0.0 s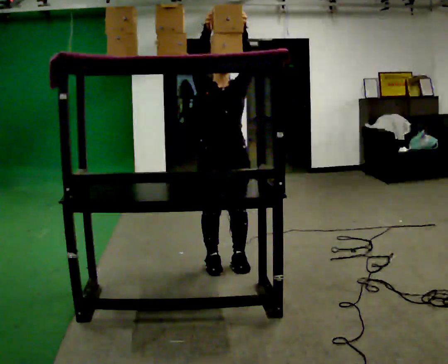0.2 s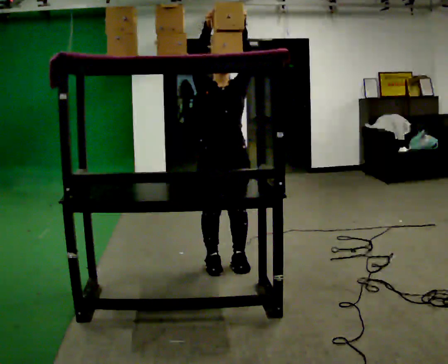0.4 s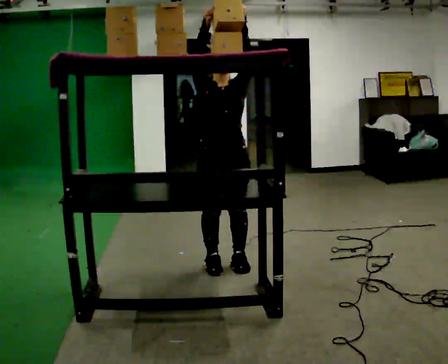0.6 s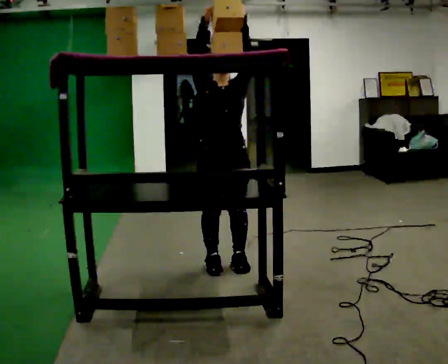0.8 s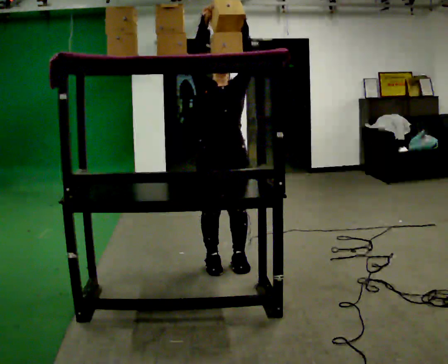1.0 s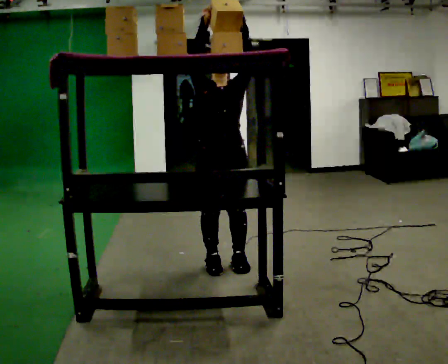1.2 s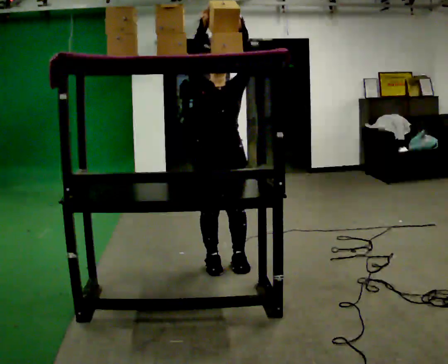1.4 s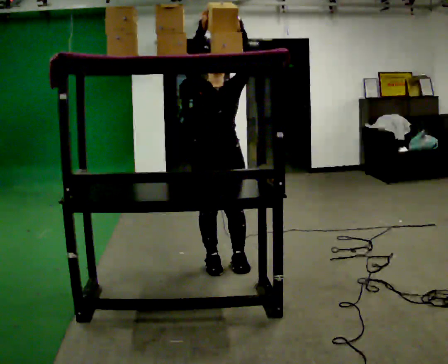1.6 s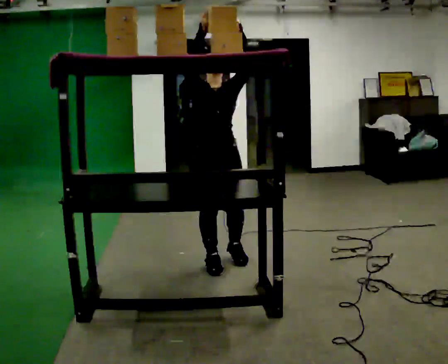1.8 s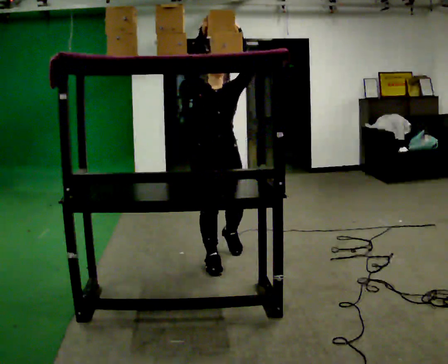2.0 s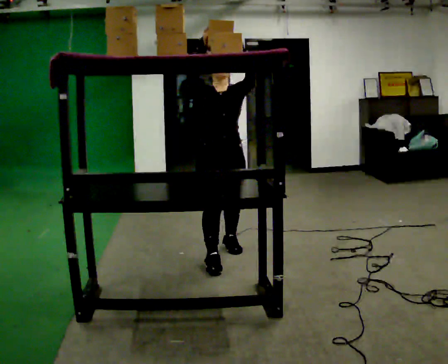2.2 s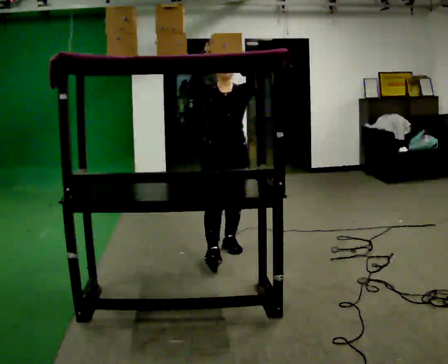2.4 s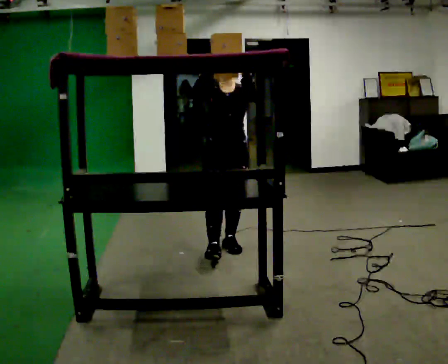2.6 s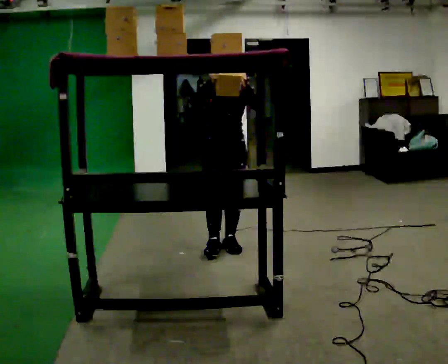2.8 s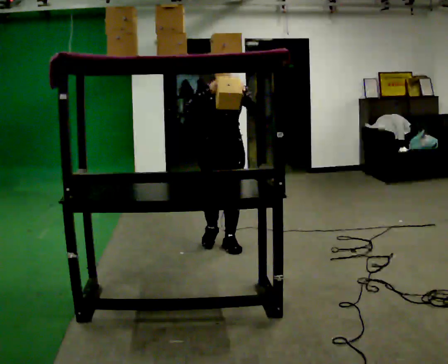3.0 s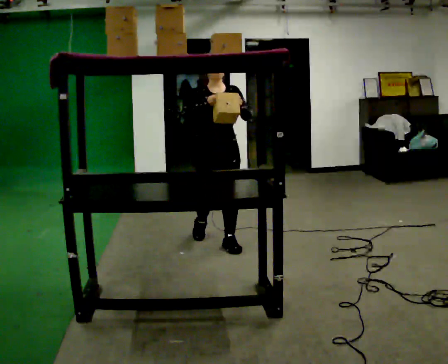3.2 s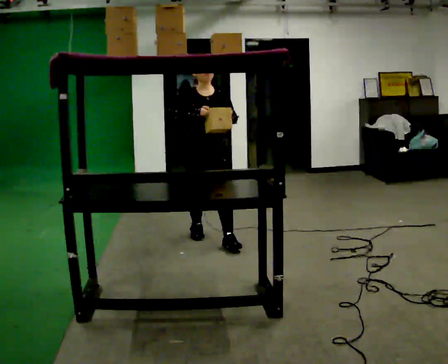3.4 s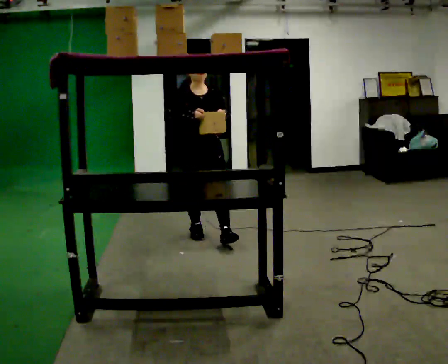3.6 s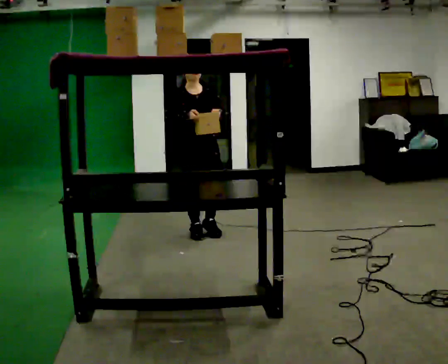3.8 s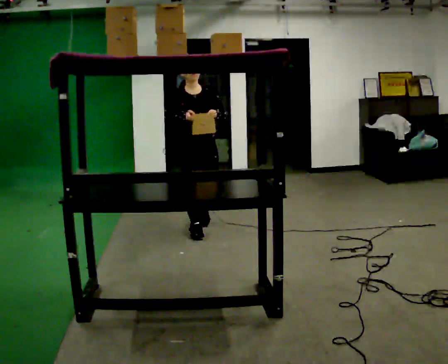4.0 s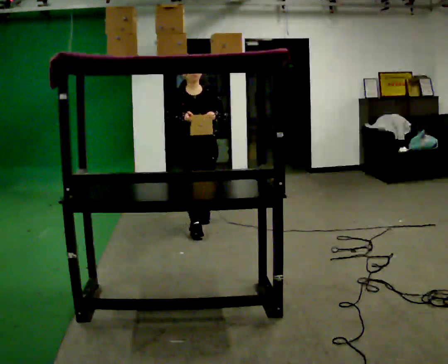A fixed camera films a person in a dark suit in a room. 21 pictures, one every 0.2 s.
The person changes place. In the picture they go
away from the camera.
Their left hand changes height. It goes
downward.
0.0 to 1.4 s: The person moves a little, or ends about where they began.
1.4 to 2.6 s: In the picture they go away from the camera, about 0.5 m in 2 steps, which for them is backward. In the picture their left hand goes downward.
2.6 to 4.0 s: In the picture they go away from the camera and to the left, about 0.5 m in 1 step, which for them is backward.
The film runs backward here.
